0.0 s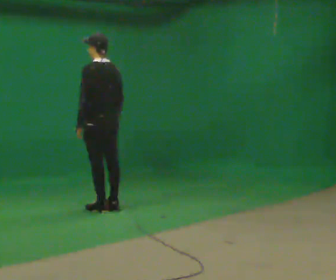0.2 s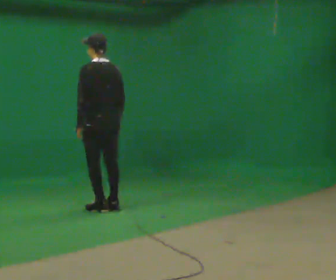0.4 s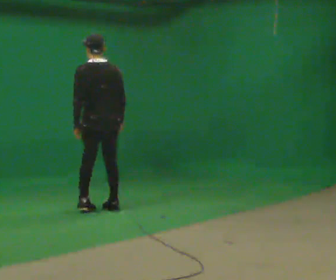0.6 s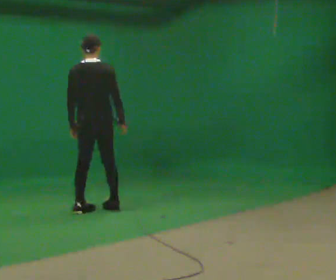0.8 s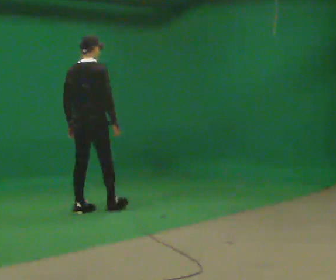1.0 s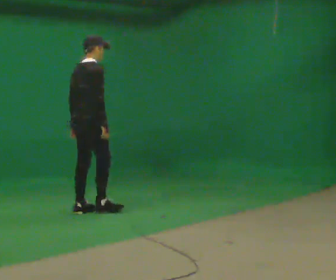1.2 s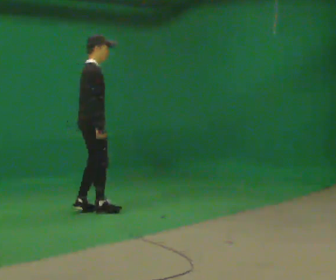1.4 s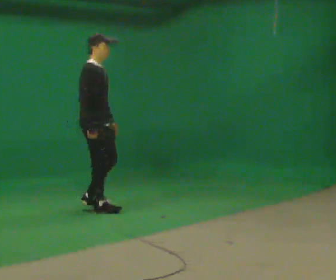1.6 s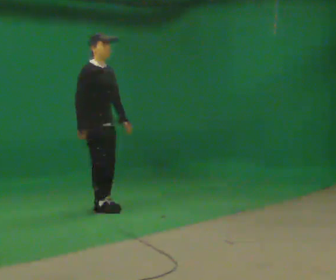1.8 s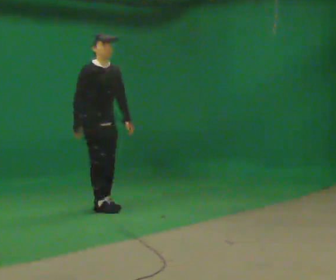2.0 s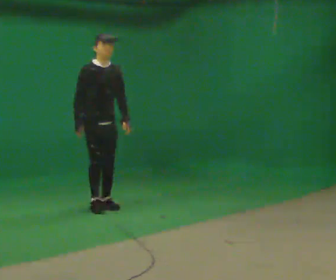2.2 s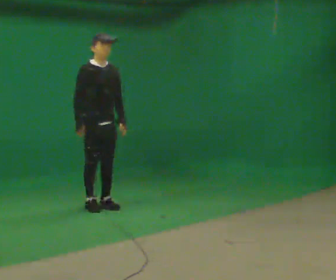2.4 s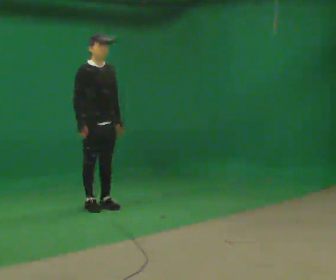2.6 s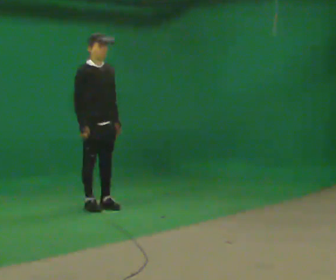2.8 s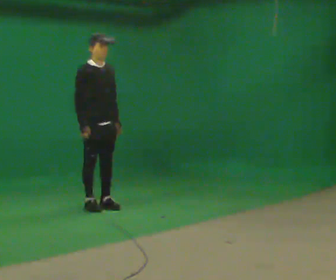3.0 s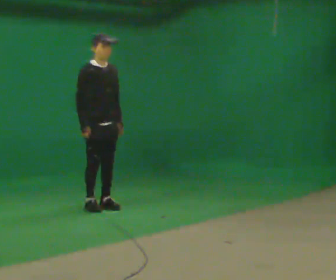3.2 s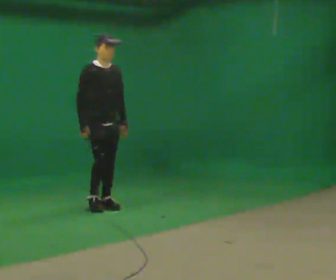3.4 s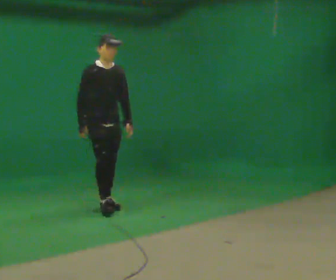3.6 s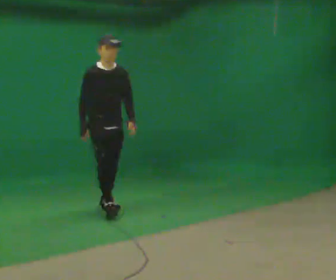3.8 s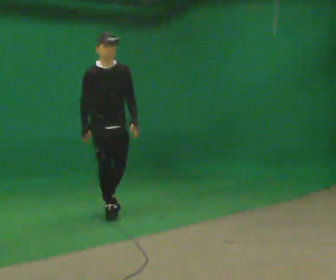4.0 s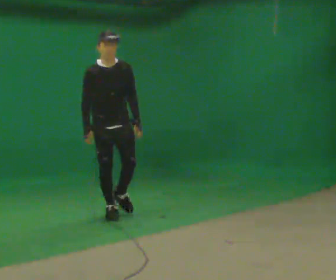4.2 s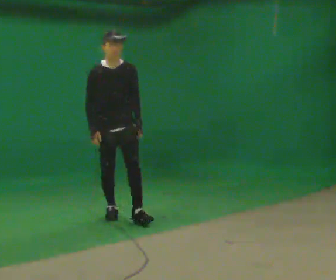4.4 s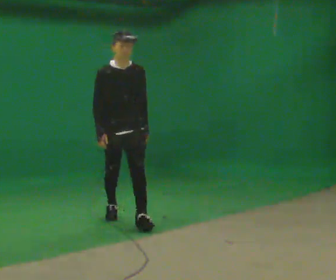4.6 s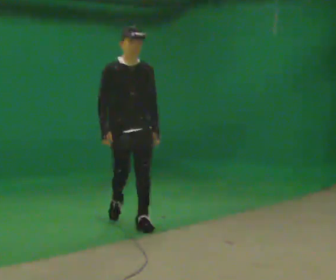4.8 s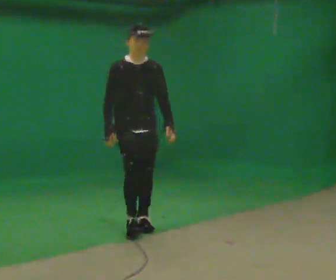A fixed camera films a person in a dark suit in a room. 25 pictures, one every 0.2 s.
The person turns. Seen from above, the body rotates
clockwise.
The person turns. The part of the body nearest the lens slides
to the left.
0.0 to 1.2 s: Seen from above the body turns clockwise, about 120 degrees: to their right, with its near side sliding to the left. In the picture they go to the left, about 0.25 m in 2 steps.
1.2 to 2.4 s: Seen from above the body turns clockwise, about 60 degrees: to their right, with its near side sliding to the left. In the picture they go away from the camera, about 0.25 m in 2 steps, which for them is to their left and backward.
2.4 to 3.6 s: In the picture they go toward the camera, about 0.25 m in 1 step, which for them is forward.
3.6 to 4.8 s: In the picture they go toward the camera, about 1 m in 1 step, which for them is forward.
The film runs forward here.
